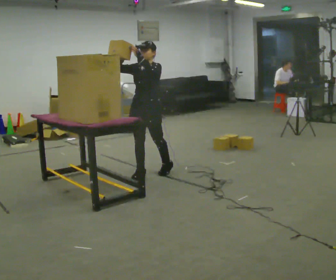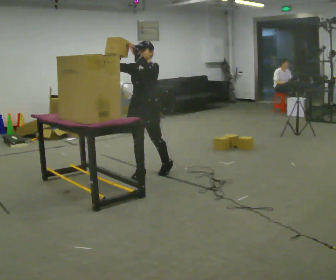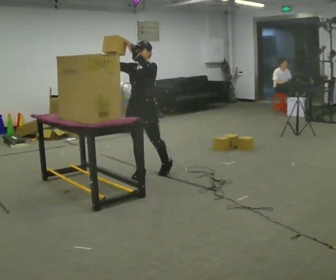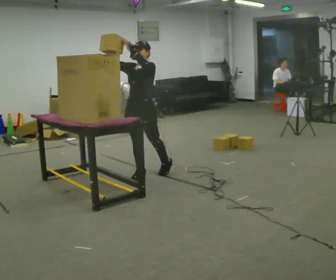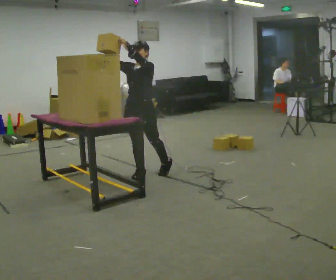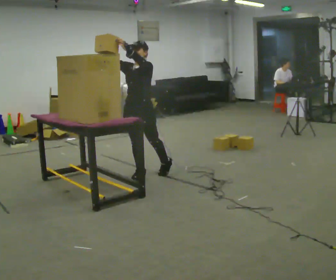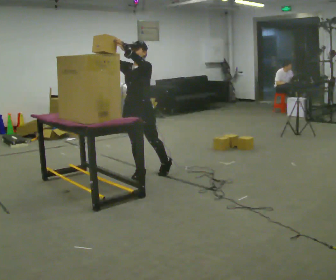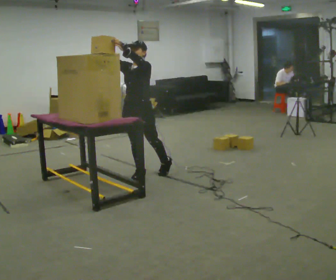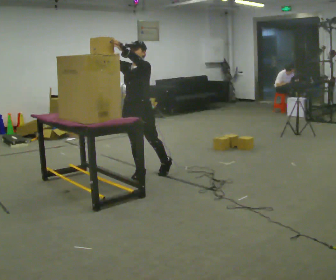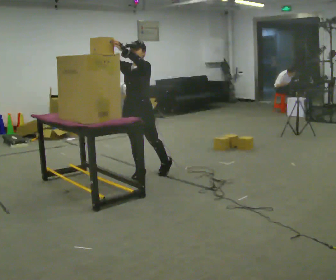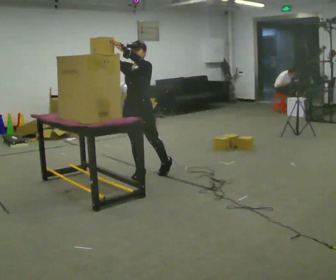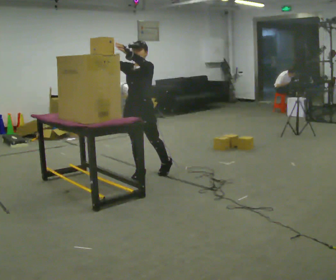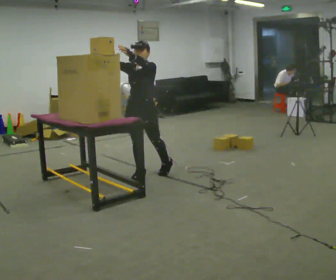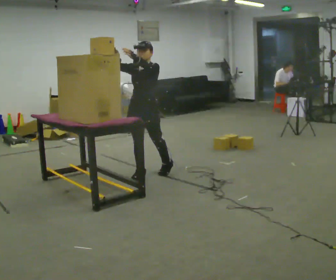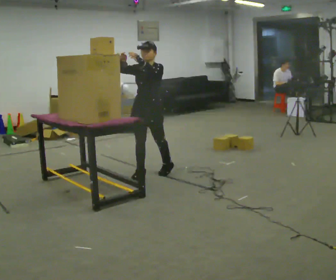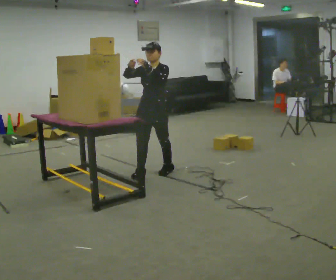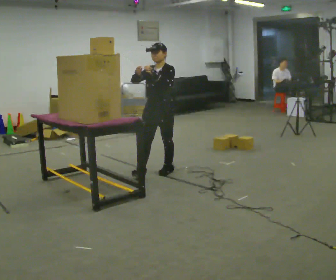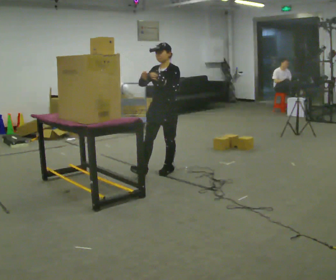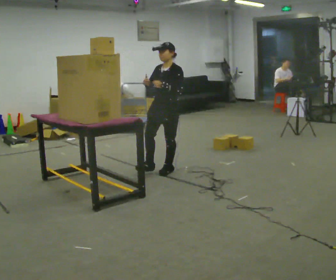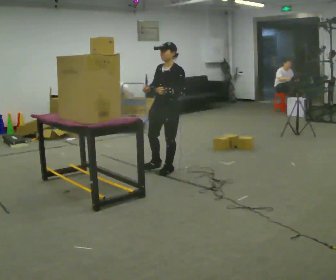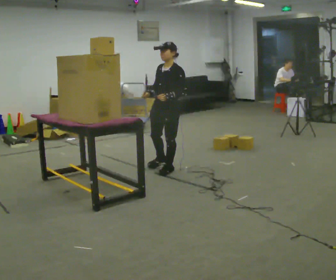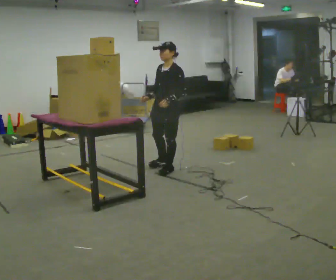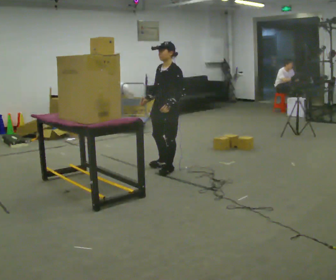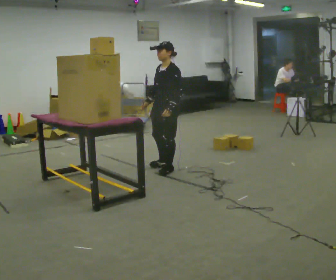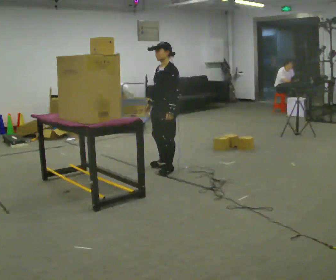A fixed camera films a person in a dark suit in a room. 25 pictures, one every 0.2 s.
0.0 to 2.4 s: The person moves a little, or ends about where they began.
2.4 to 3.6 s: In the picture they go to the right and away from the camera, about 0.25 m, which for them is backward. In the picture their right hand goes downward.
3.6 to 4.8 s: The person moves a little, or ends about where they began.
The film runs forward here.
